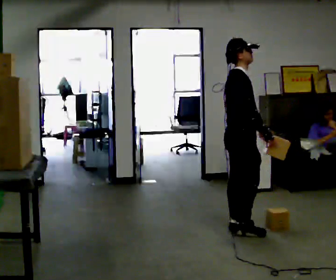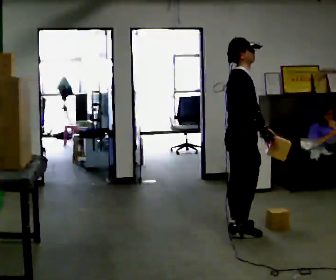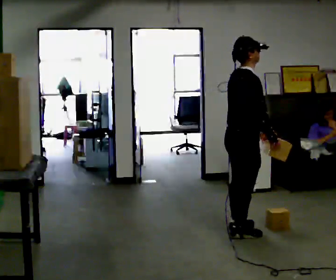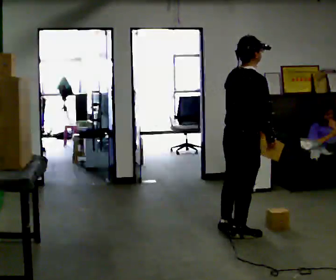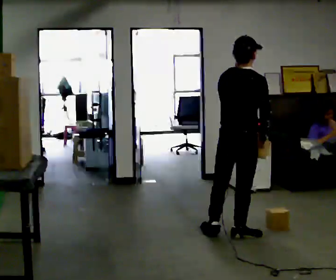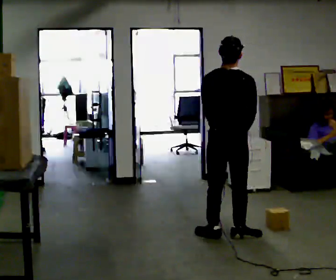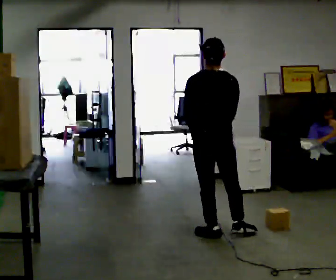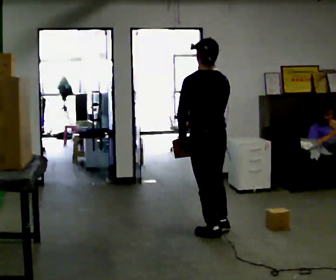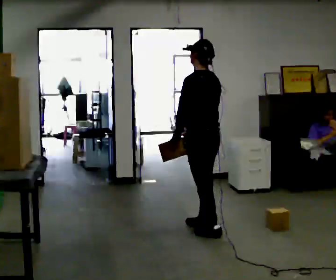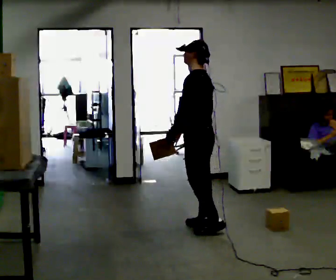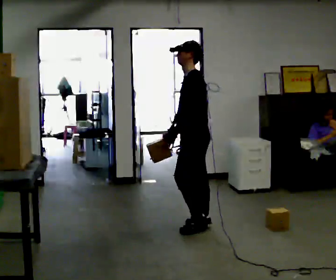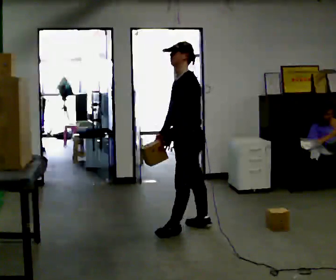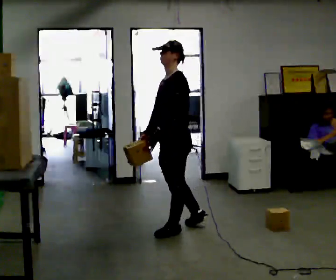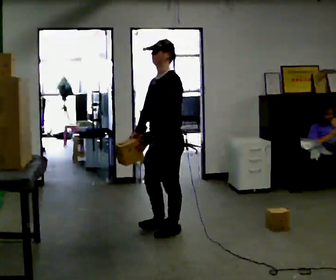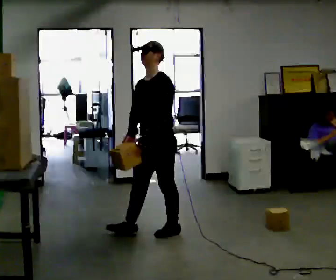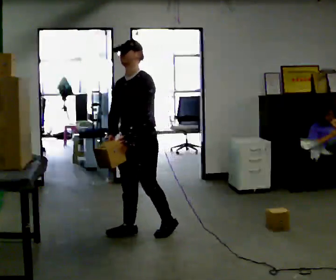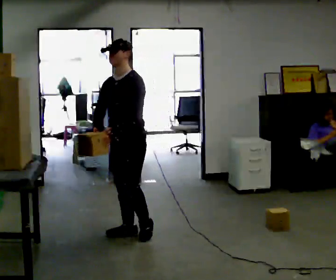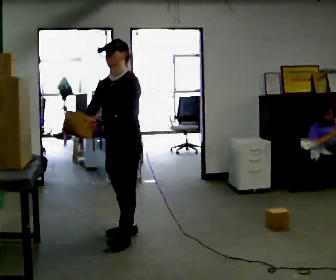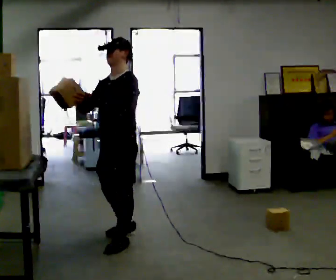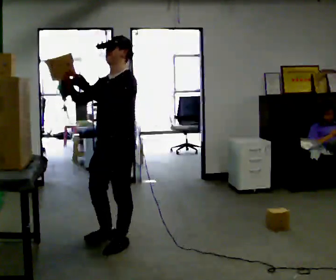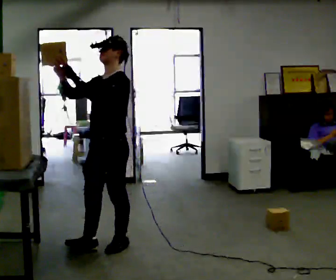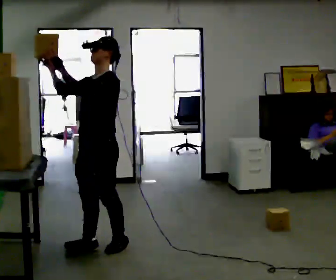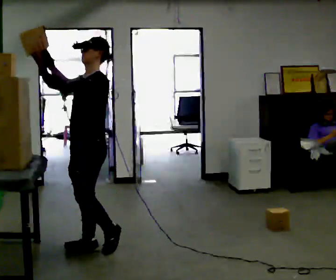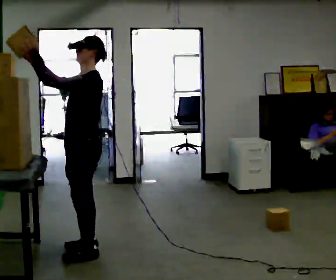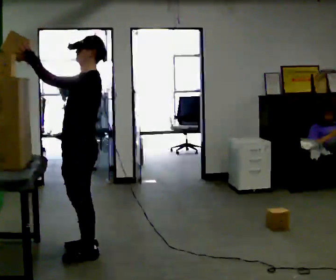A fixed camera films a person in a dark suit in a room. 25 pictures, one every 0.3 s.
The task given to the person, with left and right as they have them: Take an object from the lowest shelf, carry it across the room, and place it on the highest shelf you can comfortably reach. Keep going until the operator says stop; one object at a time, and do not rush between trips.
0.0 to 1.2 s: The part of the body nearest the lens slides to the right as the person turns to their left by about 60 degrees. In the picture they go toward the camera, about 0.25 m, which for them is to their right.
1.2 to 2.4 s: The part of the body nearest the lens slides to the right as the person turns to their left by about 90 degrees. In the picture they go to the left and away from the camera, about 0.25 m in 2 steps.
2.4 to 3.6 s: Seen from above the body turns counterclockwise, about 45 degrees: to their left, with its near side sliding to the right. In the picture they go to the left, about 0.25 m in 1 step, which for them is forward. In the picture their right hand goes to the left.
3.6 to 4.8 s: The person turns about 30 degrees to their left, counterclockwise seen from above, so the part of the body nearest the lens slides to the right. In the picture they go to the left, about 0.5 m in 1 step, which for them is forward and to their right.
4.8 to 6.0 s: In the picture they go toward the camera, about 0.5 m in 2 steps, which for them is forward and to their left. In the picture their right hand goes upward, the arm swinging clockwise.
6.0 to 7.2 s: In the picture they go to the left, about 0.25 m in 1 step, which for them is forward.
The film runs forward here.
